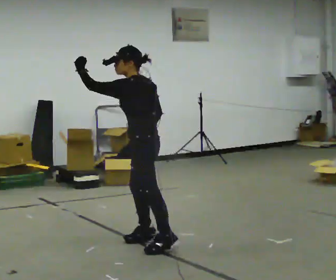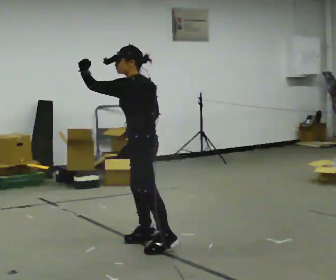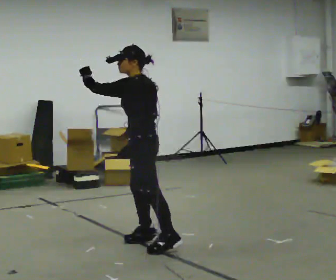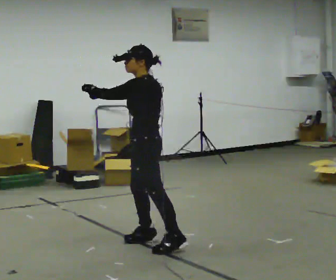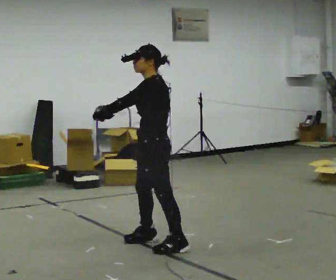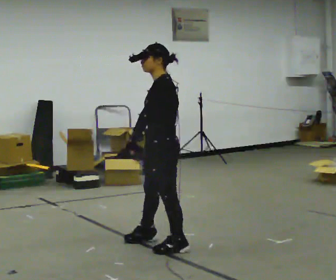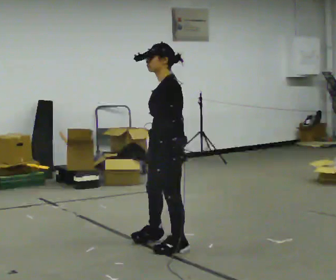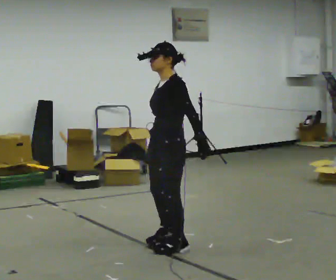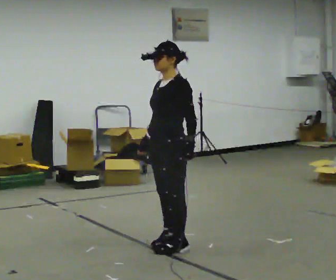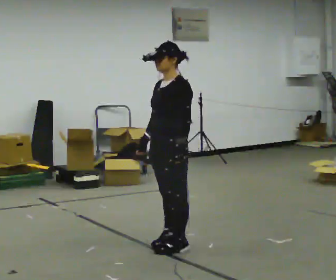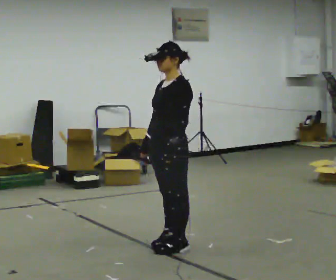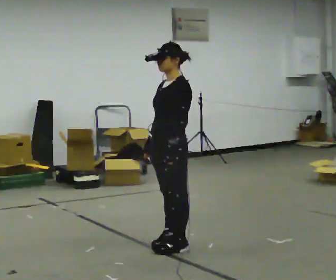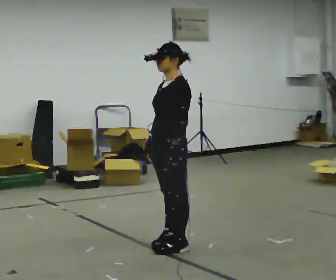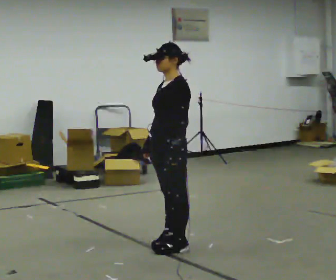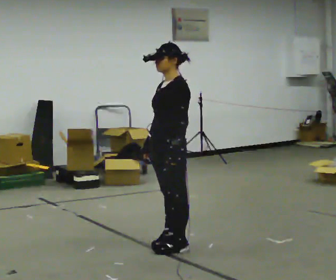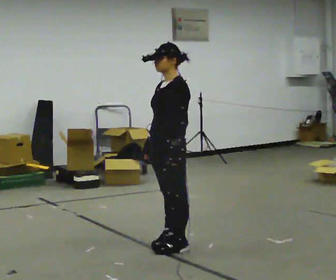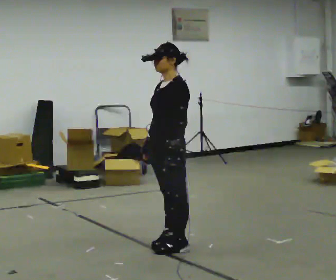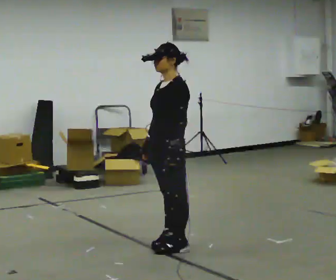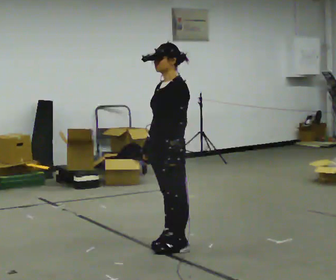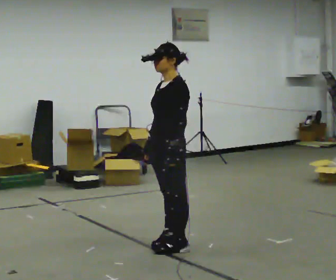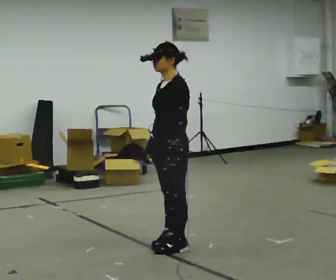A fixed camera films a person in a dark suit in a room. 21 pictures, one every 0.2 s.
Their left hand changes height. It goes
downward.
0.0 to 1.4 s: The person turns about 45 degrees to their left, counterclockwise seen from above, so the part of the body nearest the lens slides to the right. In the picture they go to the right and toward the camera, about 0.25 m, which for them is backward and to their left. In the picture their left hand goes to the right and downward, the arm swinging counterclockwise.
1.4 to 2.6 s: The person moves a little, or ends about where they began.
2.6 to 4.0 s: The person keeps their place and pose.
The film runs forward here.
